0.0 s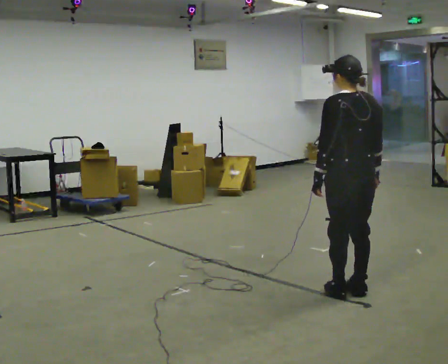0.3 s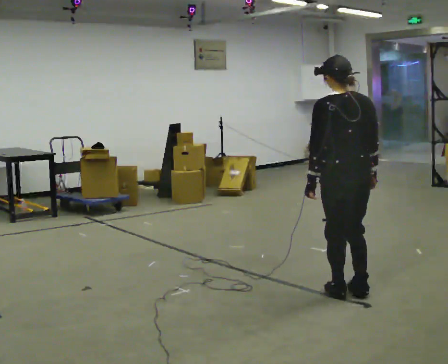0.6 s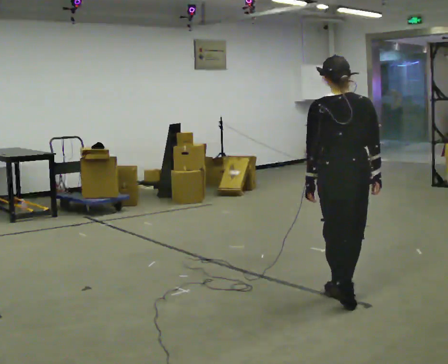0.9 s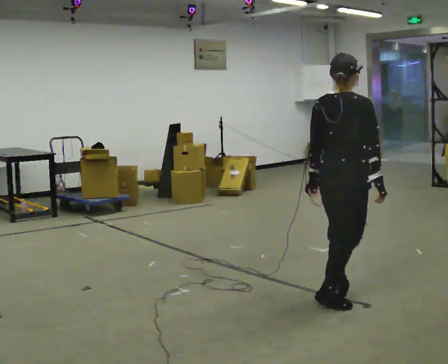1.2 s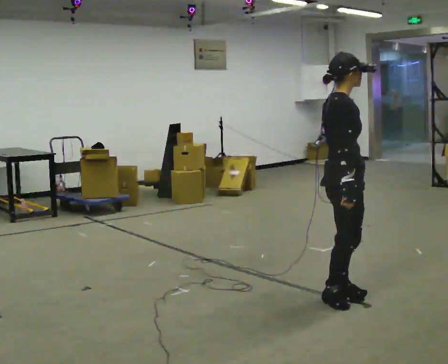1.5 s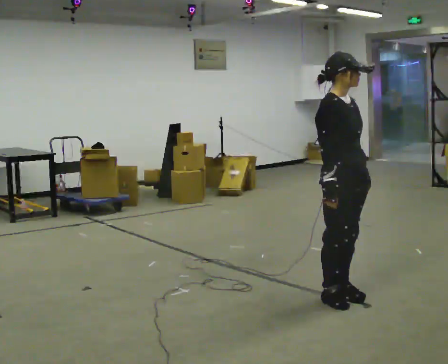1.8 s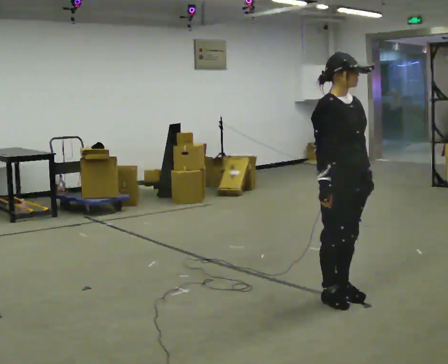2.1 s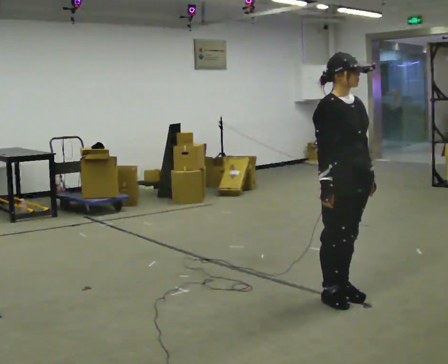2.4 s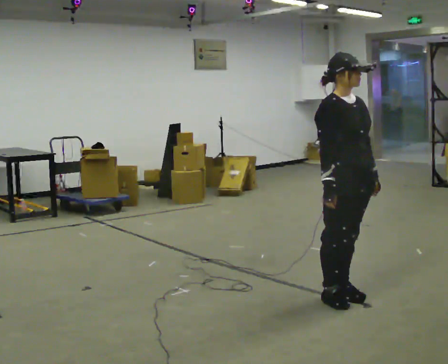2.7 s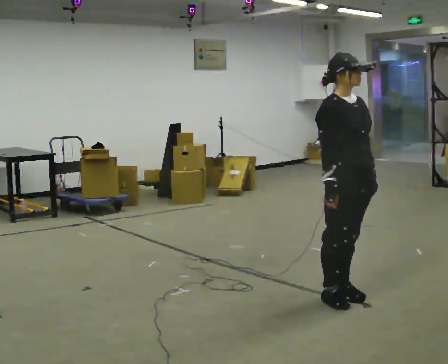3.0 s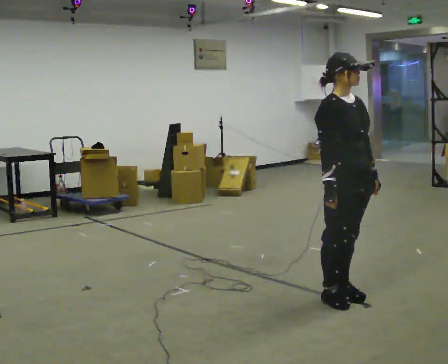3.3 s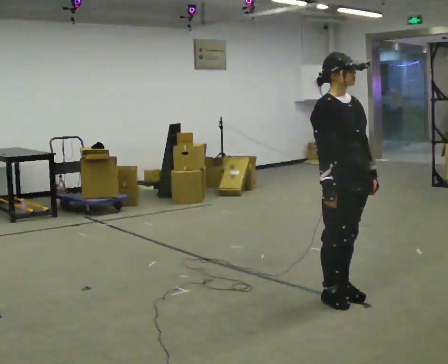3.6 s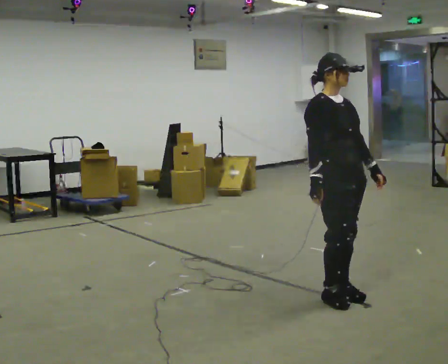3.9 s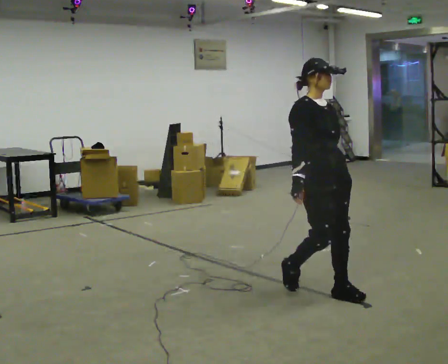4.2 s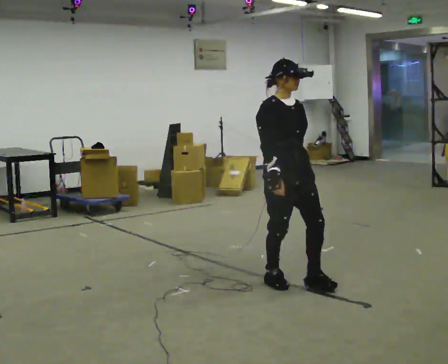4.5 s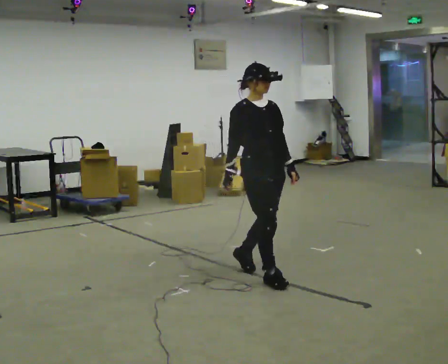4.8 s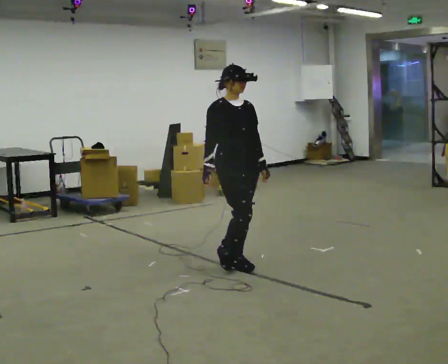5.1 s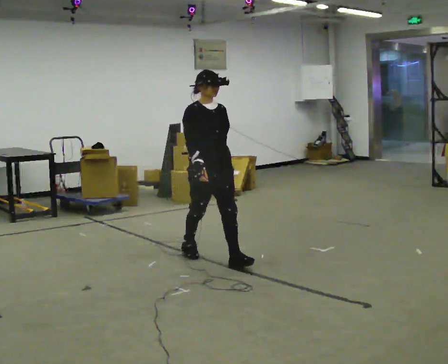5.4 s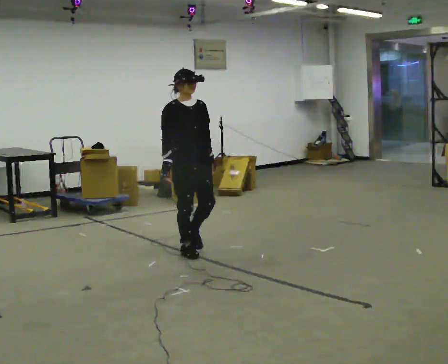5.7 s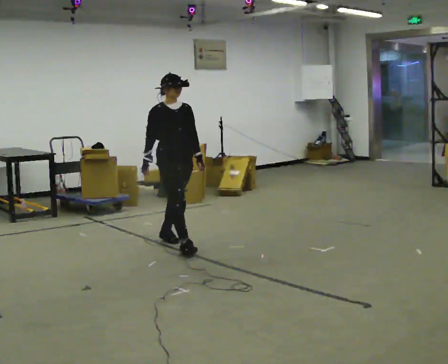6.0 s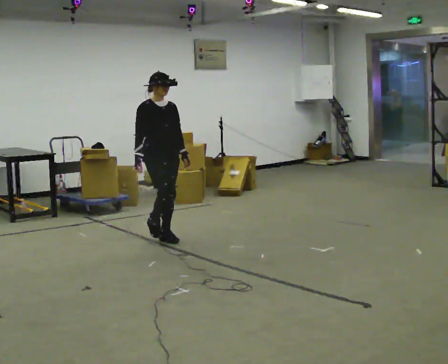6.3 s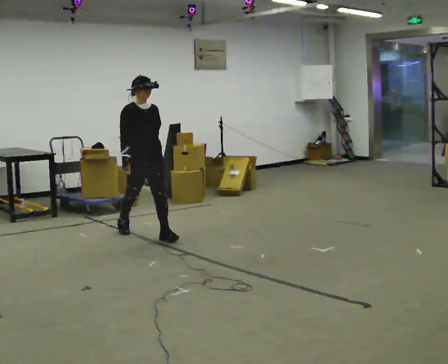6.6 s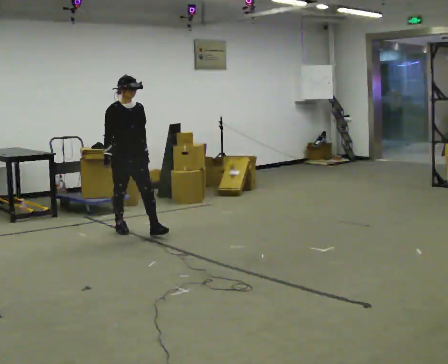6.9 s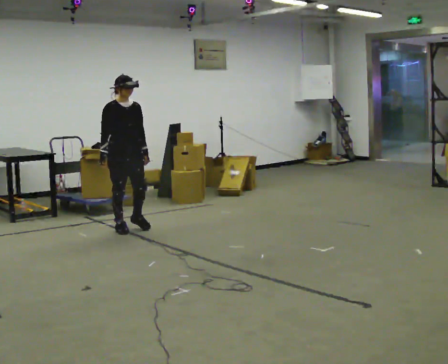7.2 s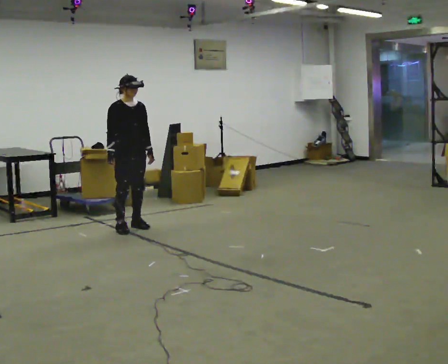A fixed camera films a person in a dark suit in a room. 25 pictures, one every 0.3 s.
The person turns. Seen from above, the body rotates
clockwise.
The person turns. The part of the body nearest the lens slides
to the left.
0.0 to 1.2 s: The part of the body nearest the lens slides to the left as the person turns to their right by about 105 degrees.
1.2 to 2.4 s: The person turns about 45 degrees to their right, clockwise seen from above, so the part of the body nearest the lens slides to the left.
2.4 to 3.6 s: The person moves a little, or ends about where they began.
3.6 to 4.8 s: In the picture they go to the left and away from the camera, about 1 m in 3 steps, which for them is backward.
4.8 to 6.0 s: In the picture they go to the left and away from the camera, about 1 m in 2 steps, which for them is backward.
6.0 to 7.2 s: In the picture they go to the left and away from the camera, about 0.5 m in 1 step, which for them is backward.
The film runs backward here.
